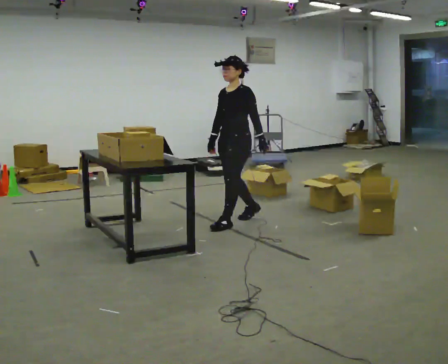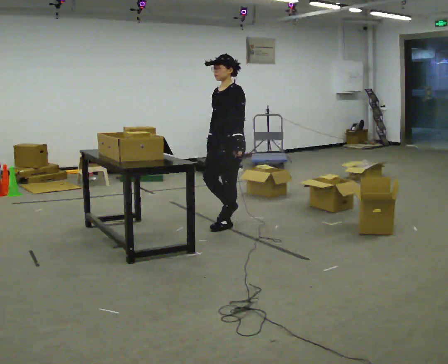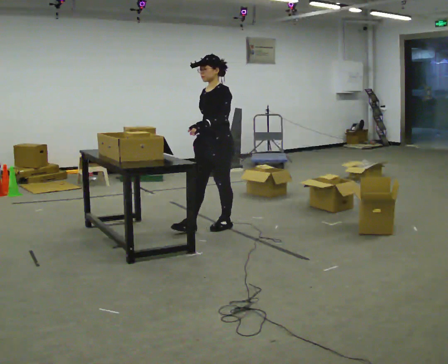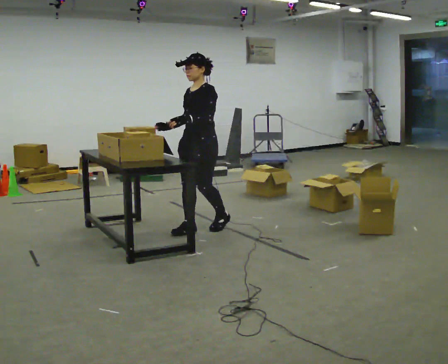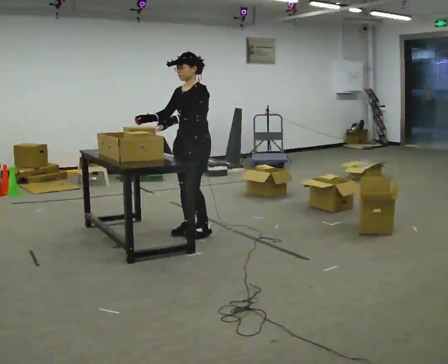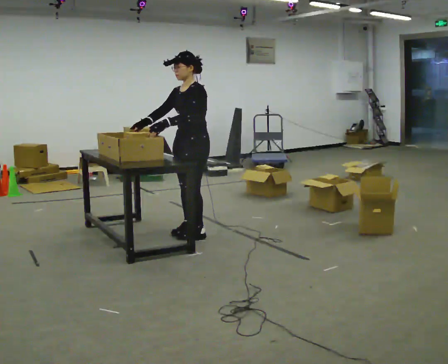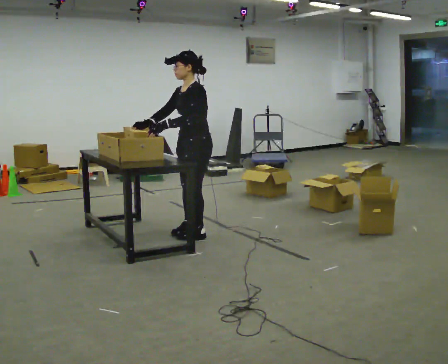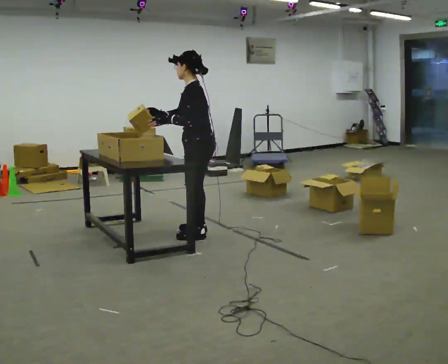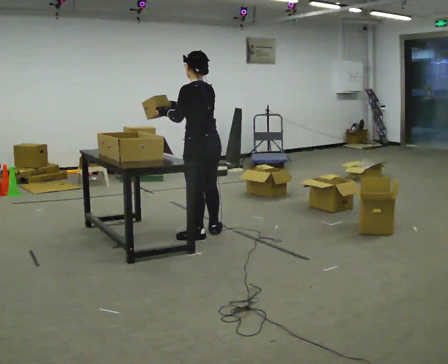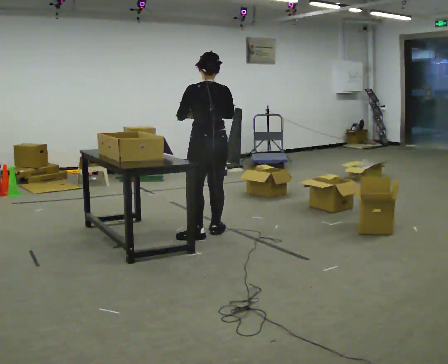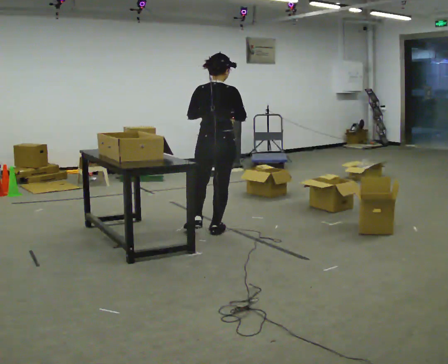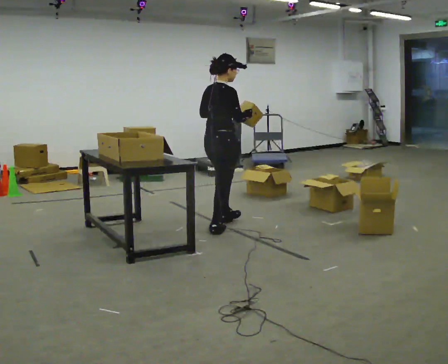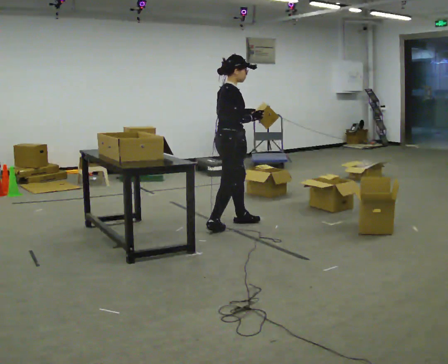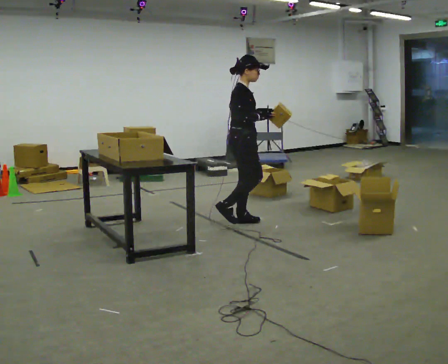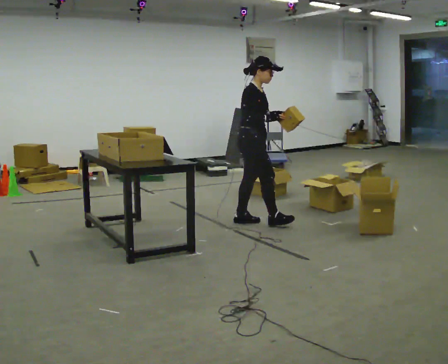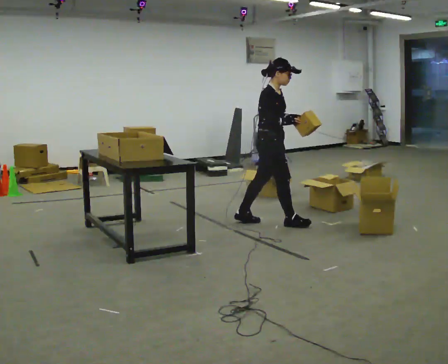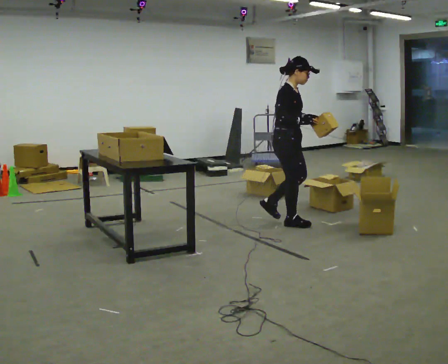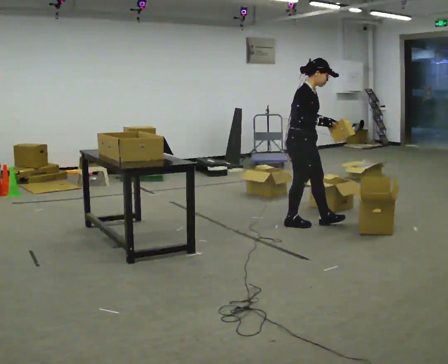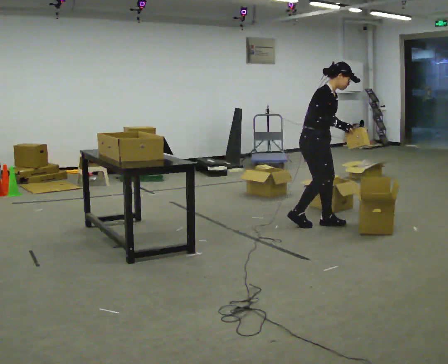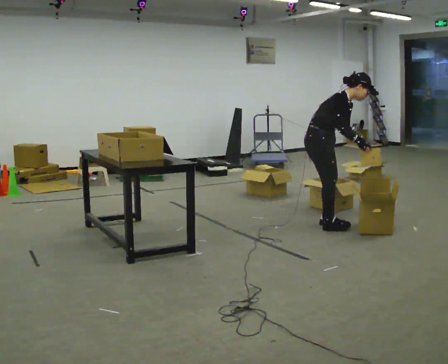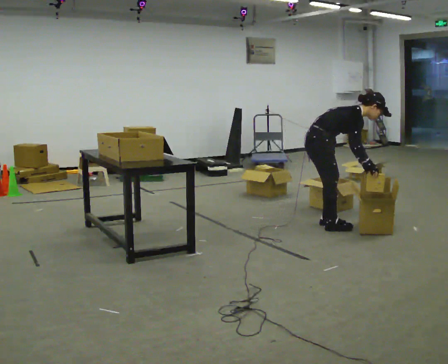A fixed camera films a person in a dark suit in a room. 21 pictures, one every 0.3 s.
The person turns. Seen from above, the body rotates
clockwise.
The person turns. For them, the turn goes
to their right.
0.0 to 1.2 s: In the picture they go to the left and toward the camera, about 0.5 m in 1 step, which for them is forward.
1.2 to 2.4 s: Seen from above the body turns clockwise, about 90 degrees: to their right, with its near side sliding to the left. In the picture they go toward the camera, about 0.25 m in 2 steps.
2.4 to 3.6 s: Seen from above the body turns clockwise, about 120 degrees: to their right, with its near side sliding to the left. In the picture they go away from the camera and to the right, about 0.5 m in 1 step.
3.6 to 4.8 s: Seen from above the body turns clockwise, about 30 degrees: to their right, with its near side sliding to the left. In the picture they go to the right, about 0.5 m in 1 step, which for them is forward.
4.8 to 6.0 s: In the picture they go to the right, about 0.25 m in 2 steps, which for them is forward. The upper body goes downward. In the picture the upper body tilts clockwise, shoulders to the right, as they bend forward. In the picture their left hand goes downward.
The film runs forward here.
